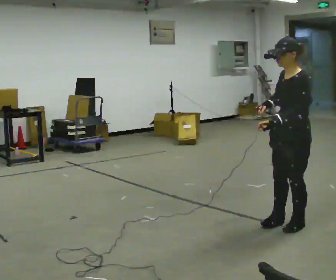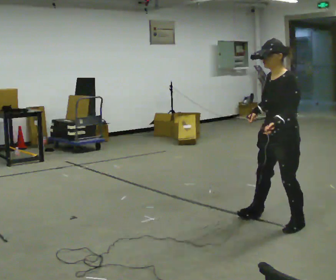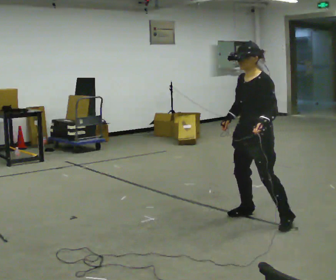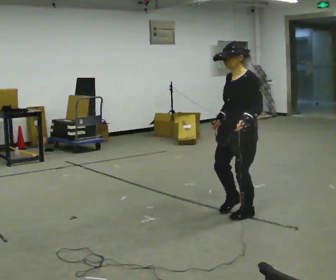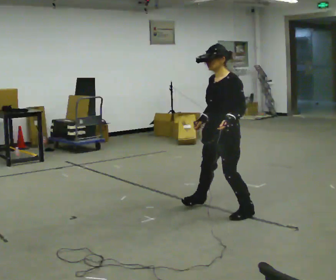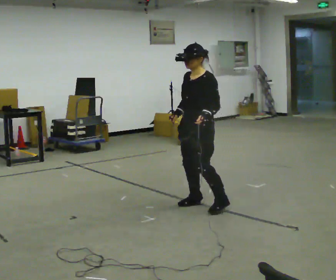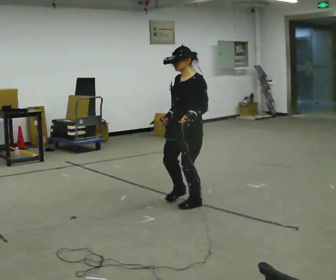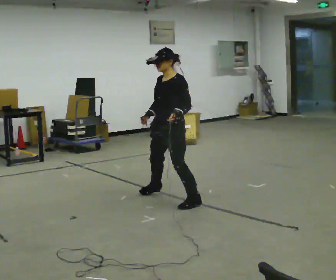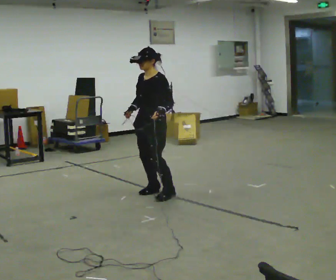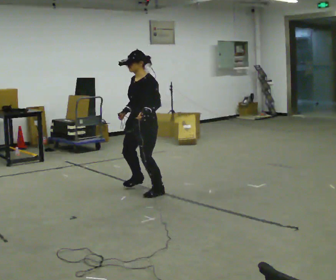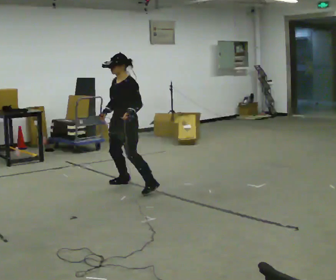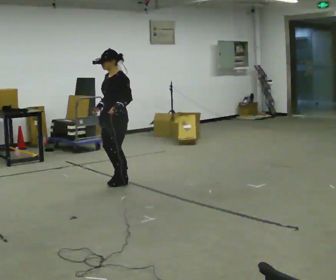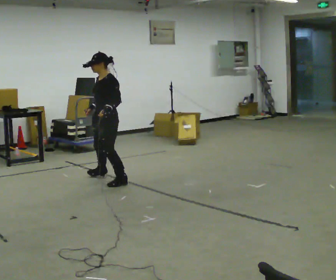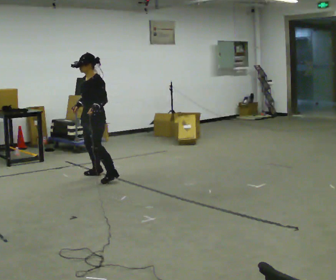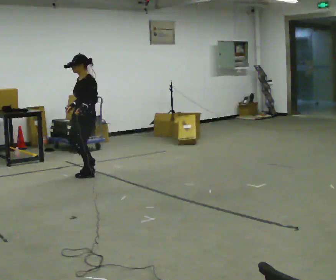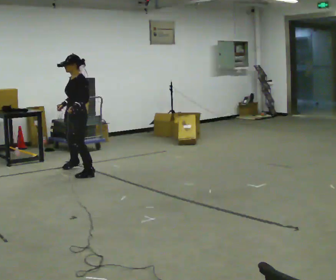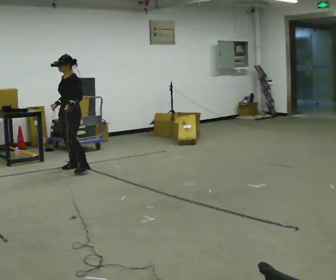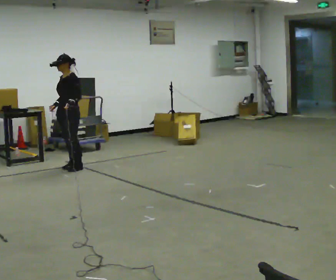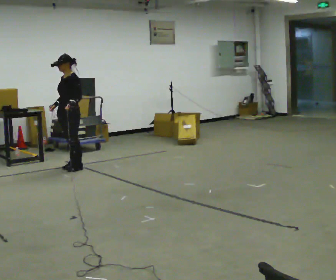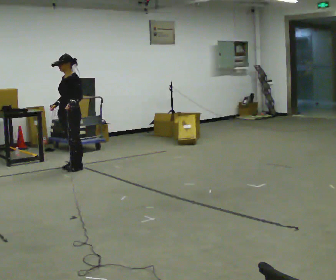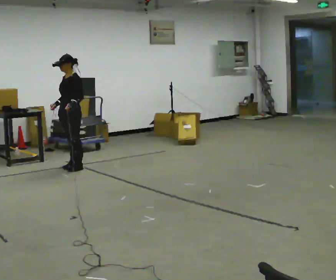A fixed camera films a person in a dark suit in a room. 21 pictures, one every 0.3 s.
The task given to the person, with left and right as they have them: Shuffle sideways quickly in the direction the operator calls, without crossing your feet.
0.0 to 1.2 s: In the picture they go away from the camera and to the left, about 0.75 m in 2 steps, which for them is to their right.
1.2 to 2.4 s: In the picture they go away from the camera and to the left, about 1 m in 3 steps, which for them is to their right.
2.4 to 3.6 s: In the picture they go away from the camera and to the left, about 1 m in 3 steps, which for them is to their right.
3.6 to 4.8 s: In the picture they go away from the camera and to the left, about 1 m in 3 steps, which for them is to their right.
4.8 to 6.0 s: The person moves a little, or ends about where they began.
The film runs forward here.
